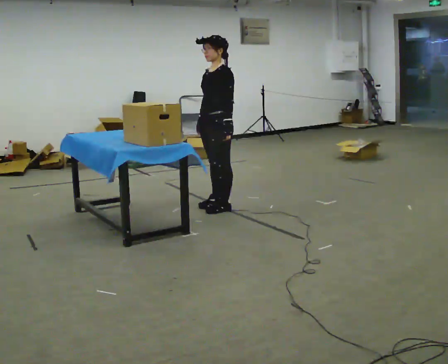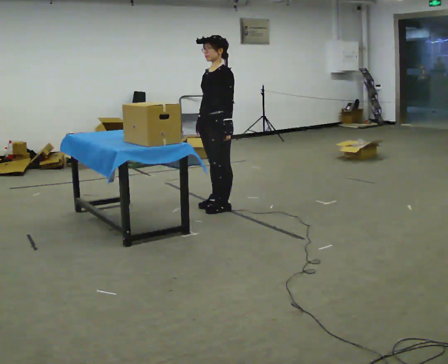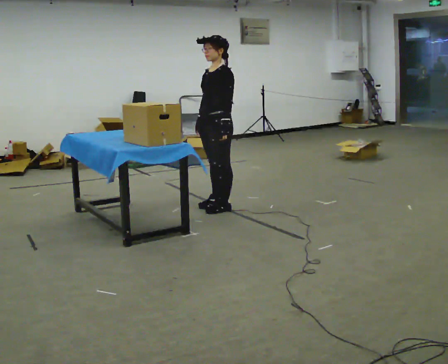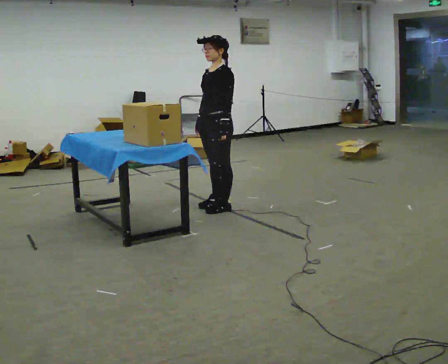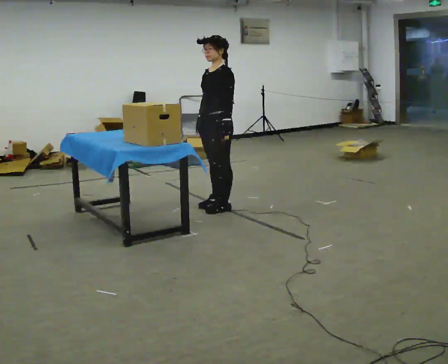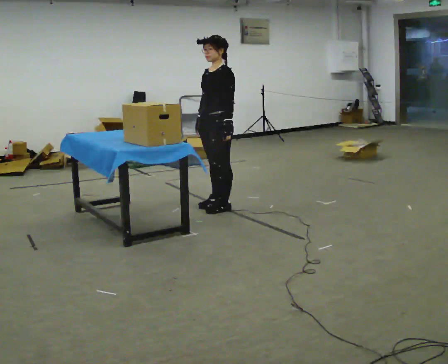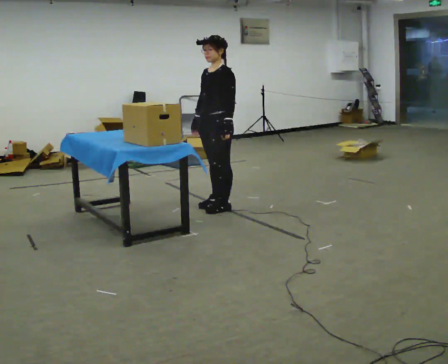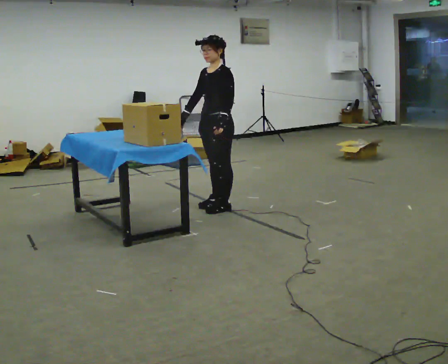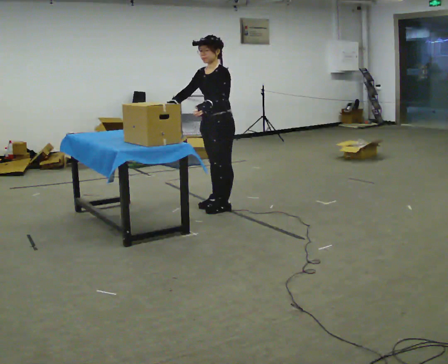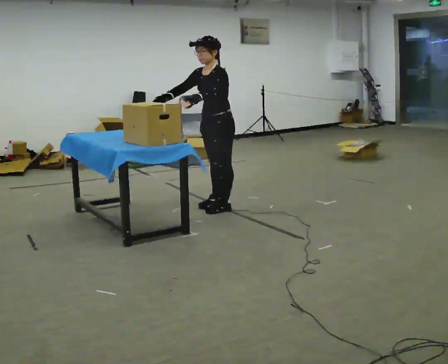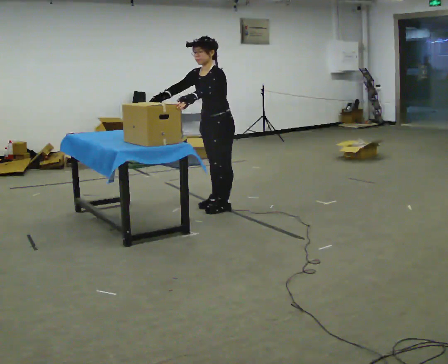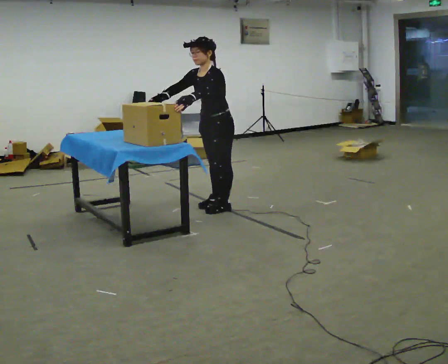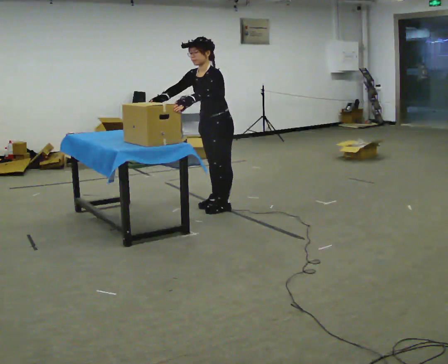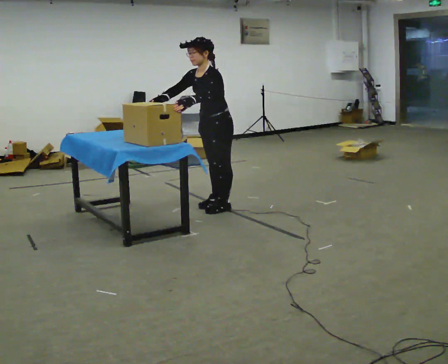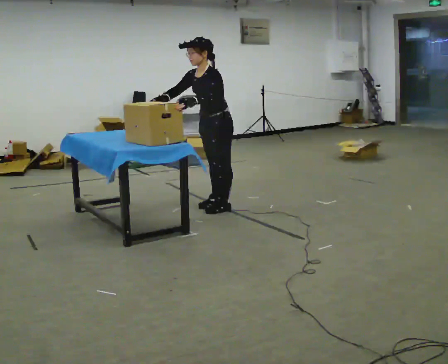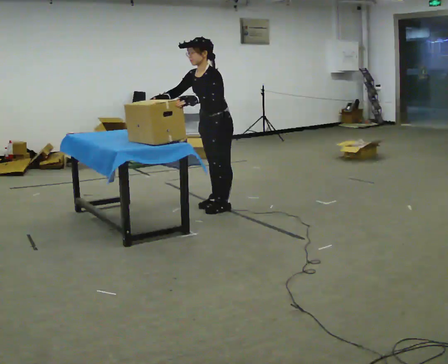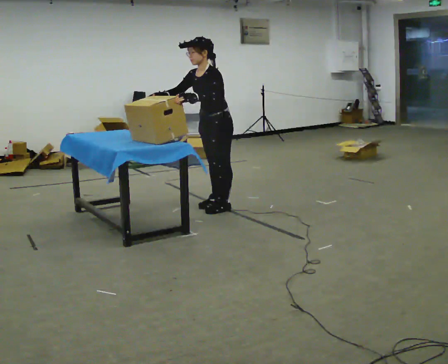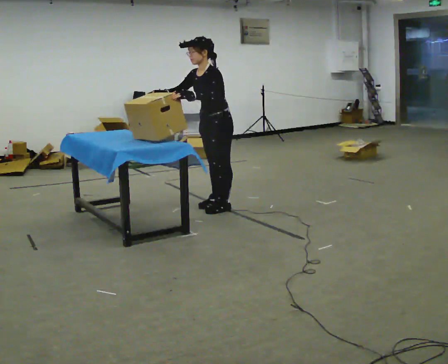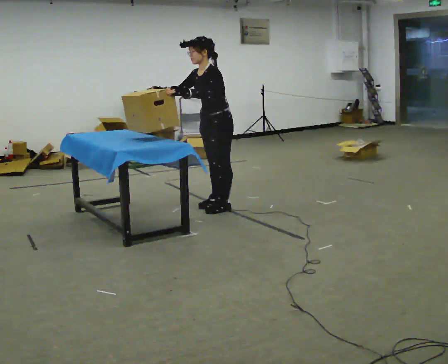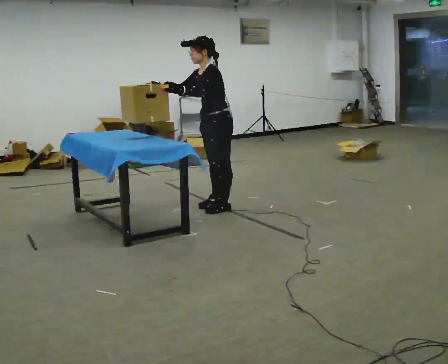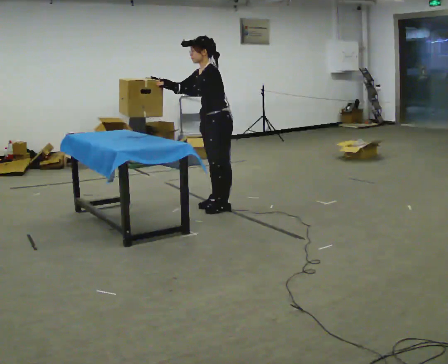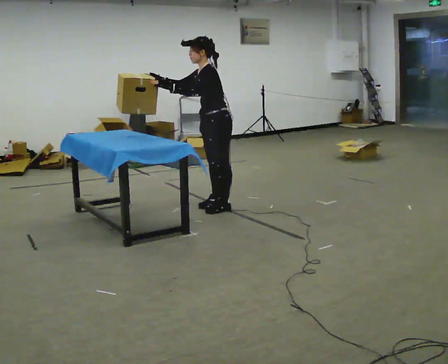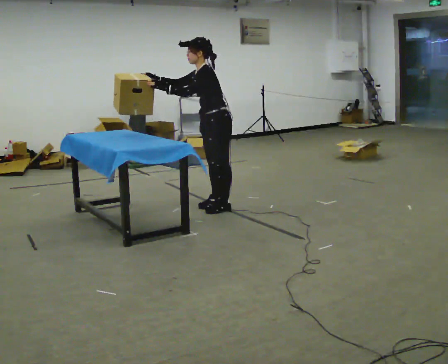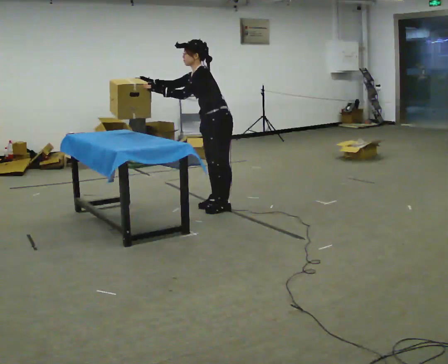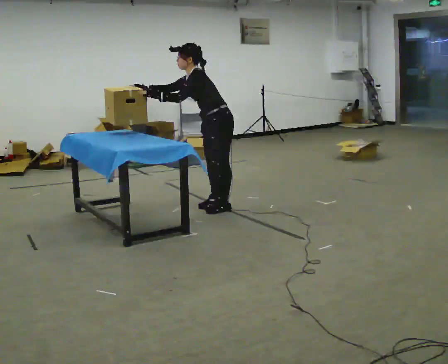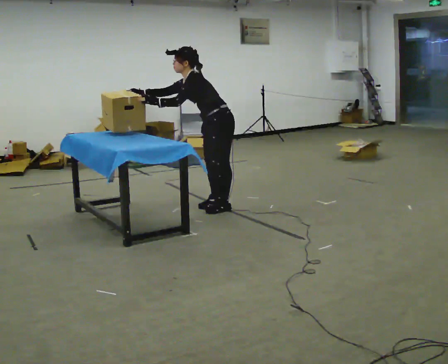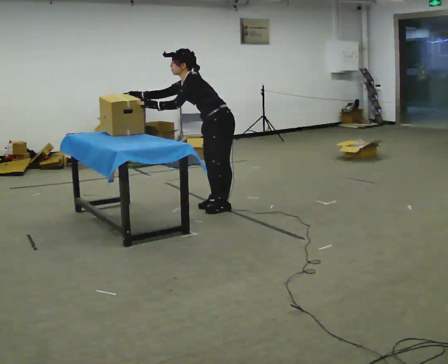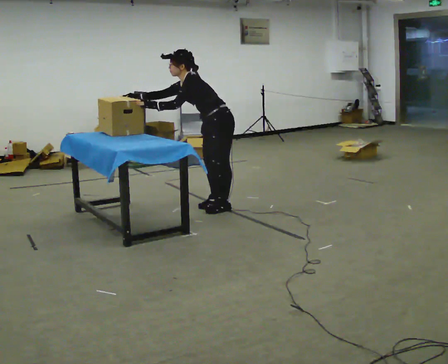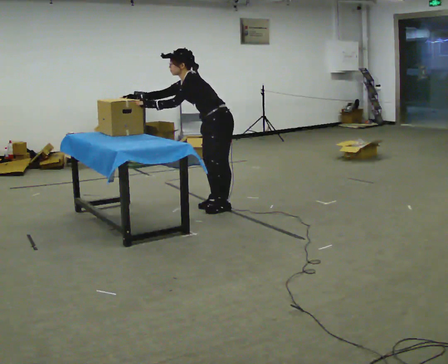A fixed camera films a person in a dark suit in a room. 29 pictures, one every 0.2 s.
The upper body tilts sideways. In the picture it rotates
counterclockwise.
0.0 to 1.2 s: The person moves a little, or ends about where they began.
1.2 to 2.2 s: The upper body tips toward the camera, its near side rolling downward, as they bend forward.
2.2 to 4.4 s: The upper body tips away from the camera, its near side rolling upward.
4.4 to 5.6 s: In the picture the upper body tilts counterclockwise, shoulders to the left, as they bend forward.
The film runs forward here.
